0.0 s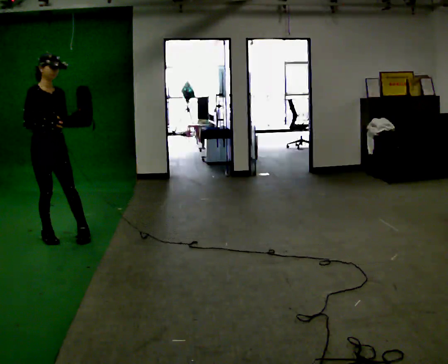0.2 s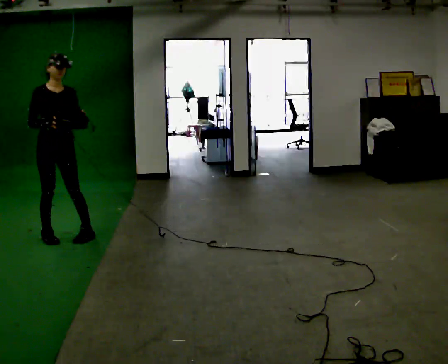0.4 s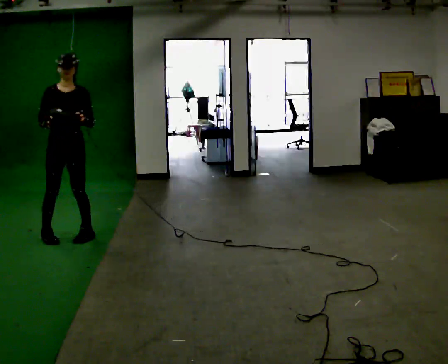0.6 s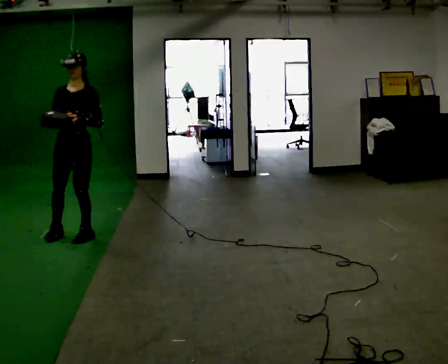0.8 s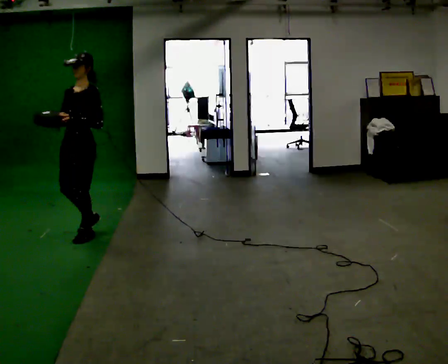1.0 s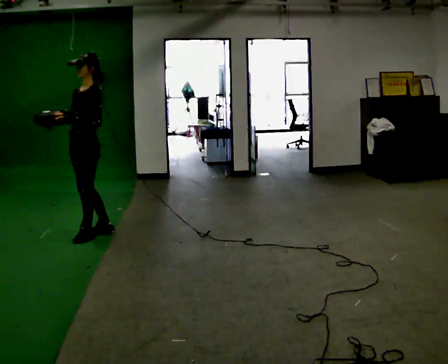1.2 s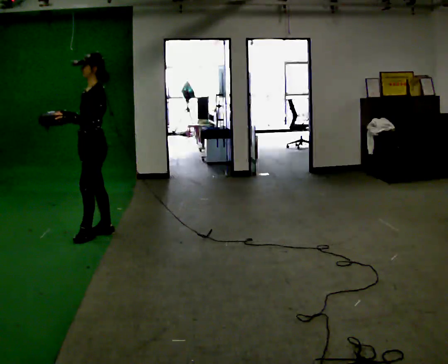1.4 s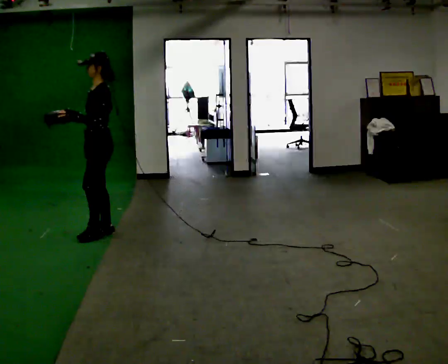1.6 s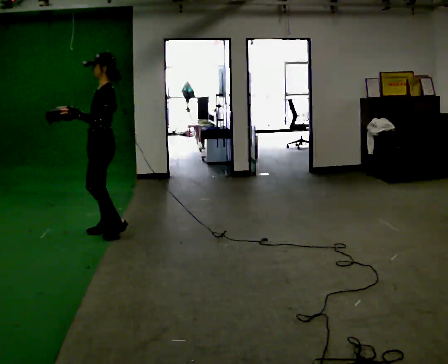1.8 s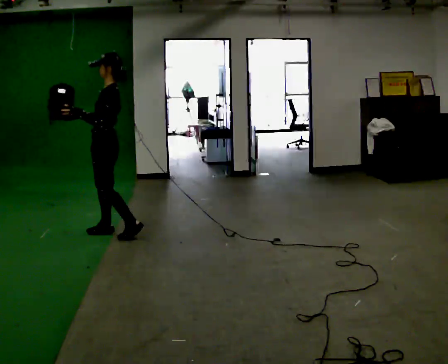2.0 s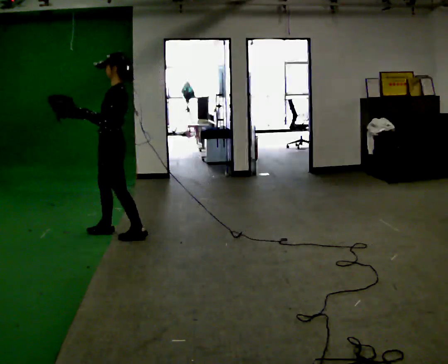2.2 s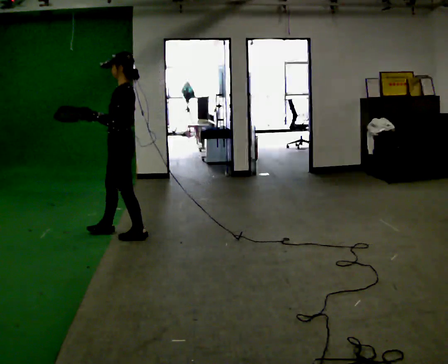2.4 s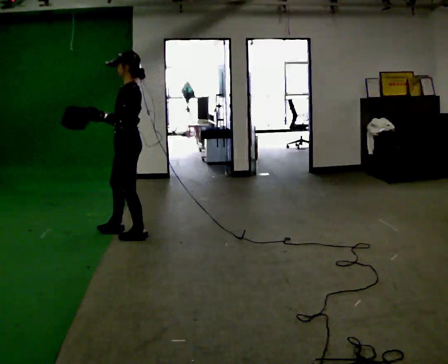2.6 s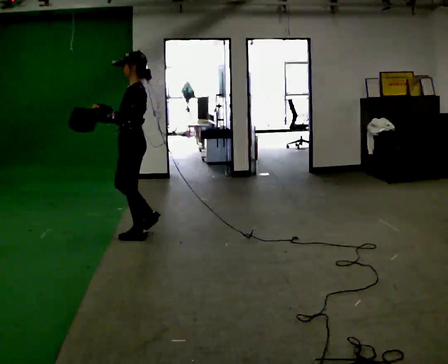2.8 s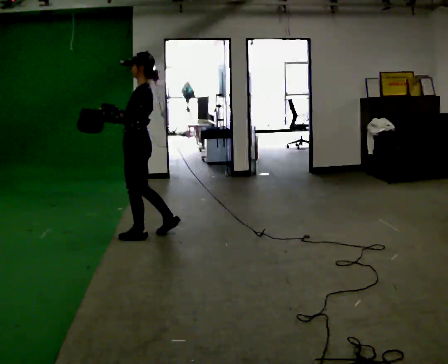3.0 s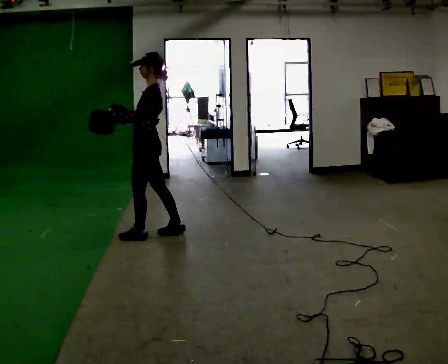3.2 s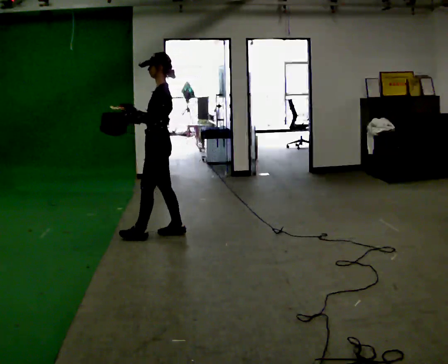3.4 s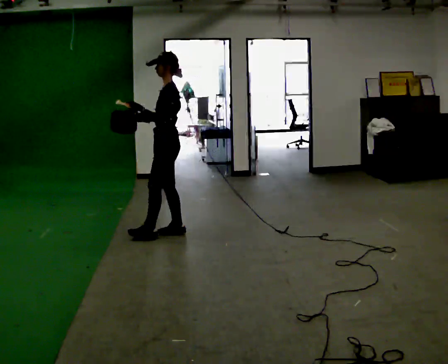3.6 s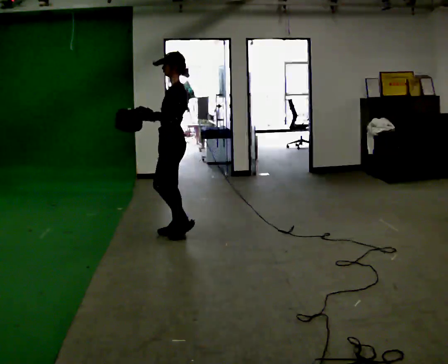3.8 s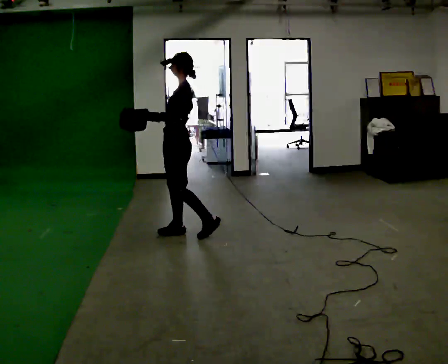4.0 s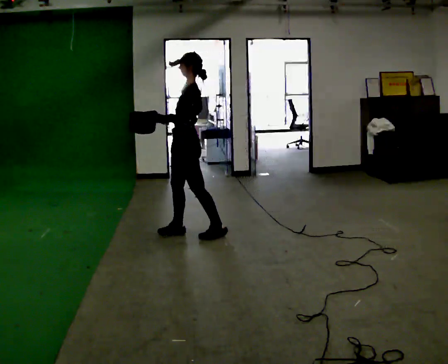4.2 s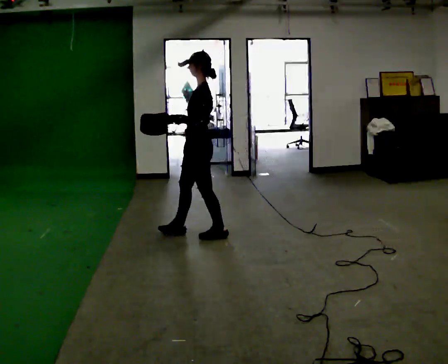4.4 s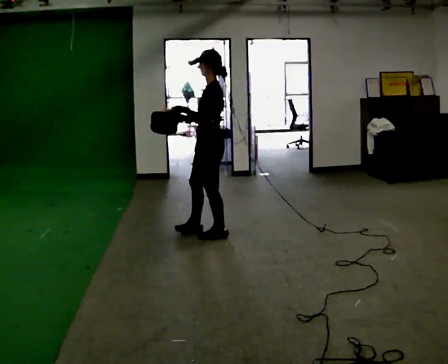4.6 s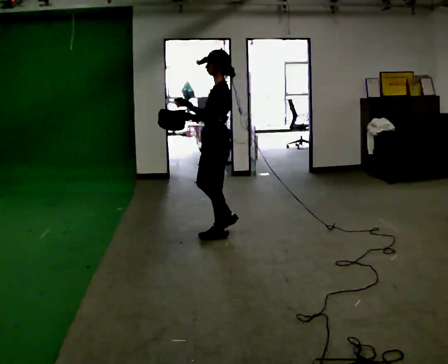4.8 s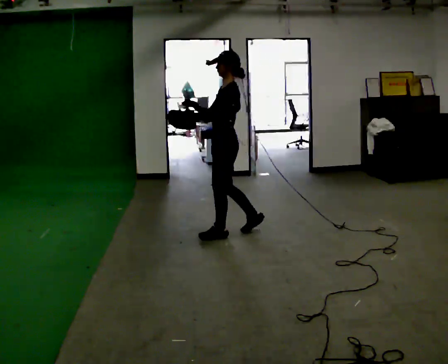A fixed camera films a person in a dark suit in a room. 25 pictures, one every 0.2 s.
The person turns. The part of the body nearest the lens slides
to the left.
The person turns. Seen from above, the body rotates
clockwise.
0.0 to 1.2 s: The part of the body nearest the lens slides to the left as the person turns to their right by about 120 degrees. In the picture they go to the right, about 0.5 m in 1 step.
1.2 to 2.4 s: The part of the body nearest the lens slides to the left as the person turns to their right by about 30 degrees. In the picture they go to the right, about 0.25 m in 2 steps, which for them is backward.
2.4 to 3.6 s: In the picture they go to the right, about 0.5 m in 1 step, which for them is backward.
3.6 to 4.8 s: In the picture they go to the right, about 0.5 m in 1 step, which for them is backward.
The film runs backward here.
